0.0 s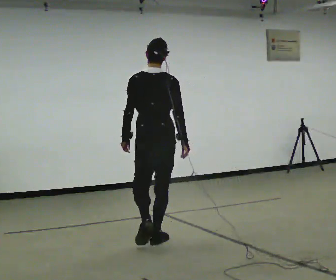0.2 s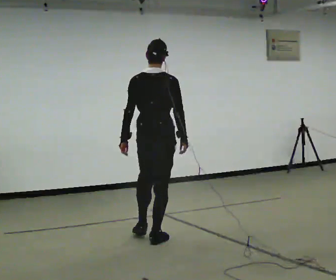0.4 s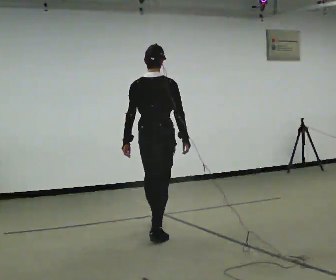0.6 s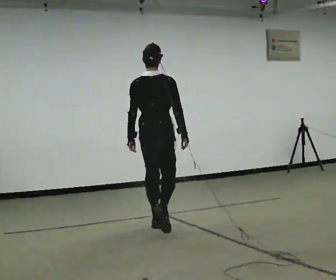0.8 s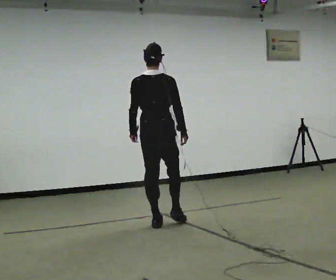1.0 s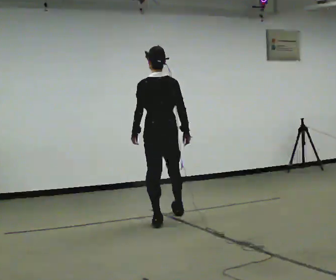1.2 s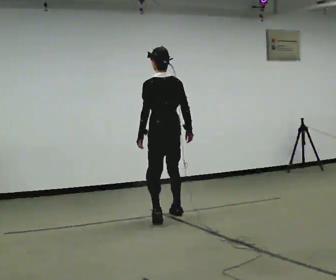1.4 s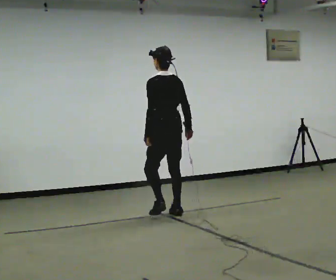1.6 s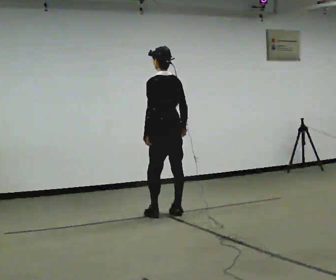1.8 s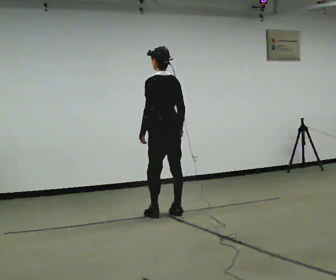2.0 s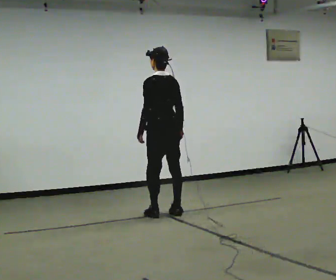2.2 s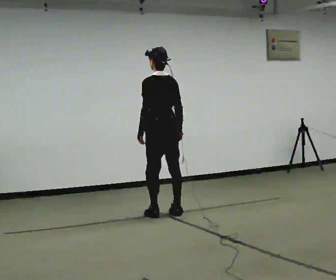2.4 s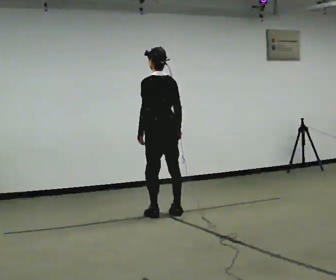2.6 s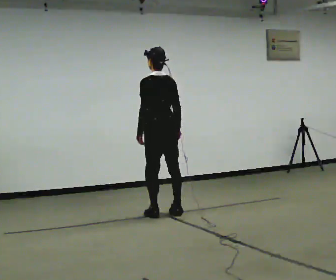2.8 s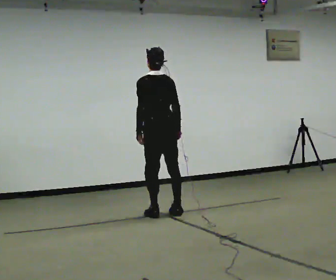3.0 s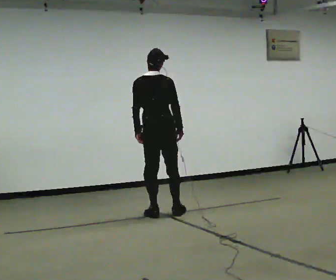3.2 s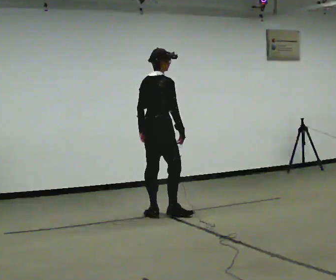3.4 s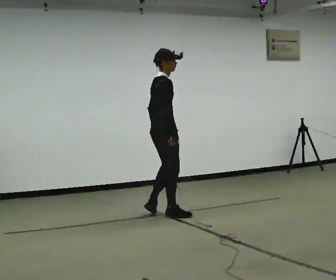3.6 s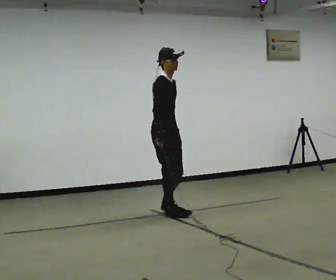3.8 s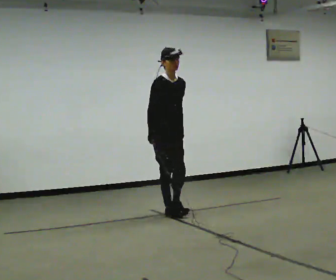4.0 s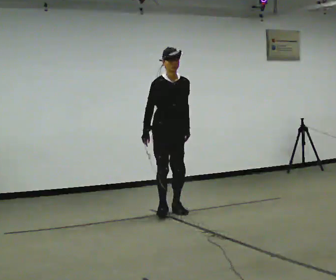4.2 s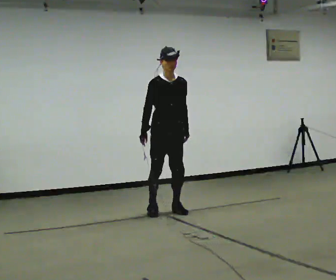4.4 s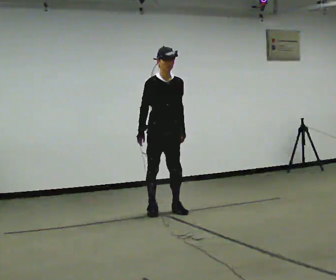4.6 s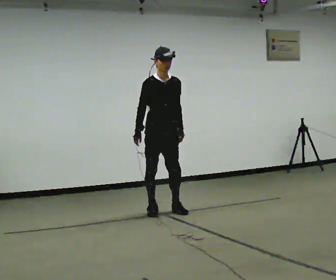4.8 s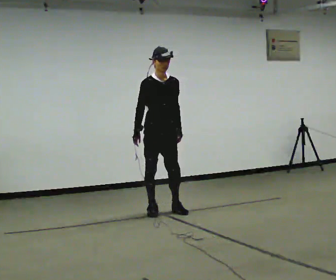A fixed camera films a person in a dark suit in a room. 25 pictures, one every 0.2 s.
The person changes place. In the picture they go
away from the camera.
0.0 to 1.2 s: Seen from above the body turns counterclockwise, about 30 degrees: to their left, with its near side sliding to the right. In the picture they go away from the camera, about 1 m in 2 steps, which for them is forward.
1.2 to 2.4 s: In the picture they go away from the camera, about 0.25 m in 1 step, which for them is forward.
2.4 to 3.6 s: The part of the body nearest the lens slides to the left as the person turns to their right by about 150 degrees.
3.6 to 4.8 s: The part of the body nearest the lens slides to the left as the person turns to their right by about 45 degrees.
The film runs forward here.
